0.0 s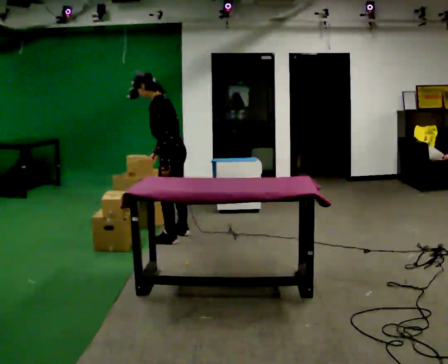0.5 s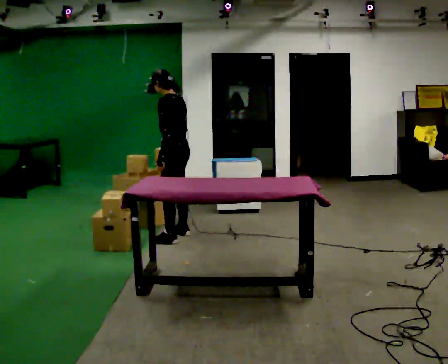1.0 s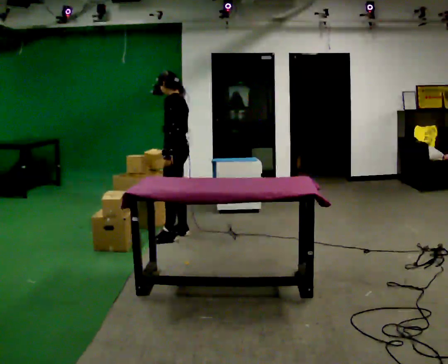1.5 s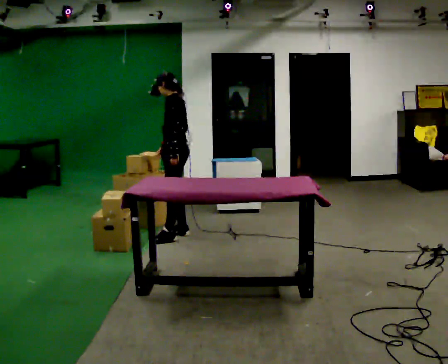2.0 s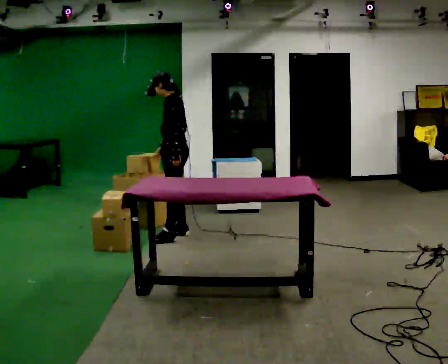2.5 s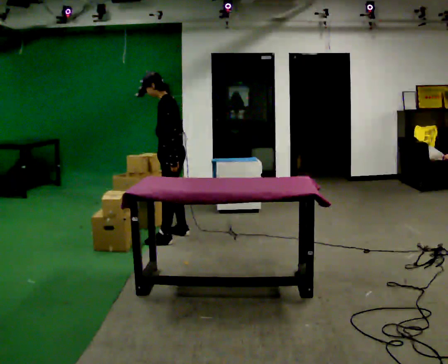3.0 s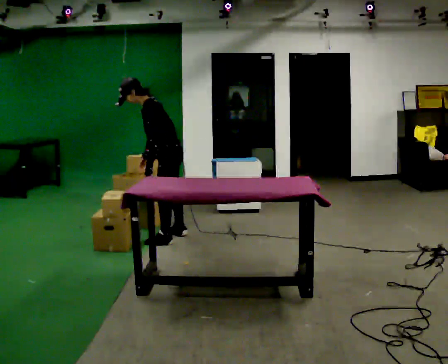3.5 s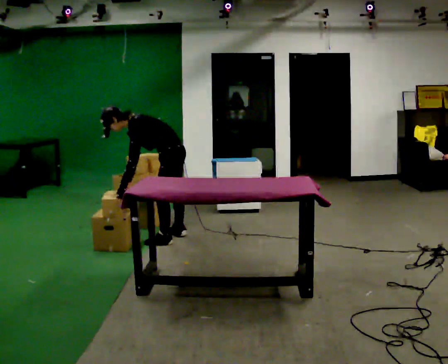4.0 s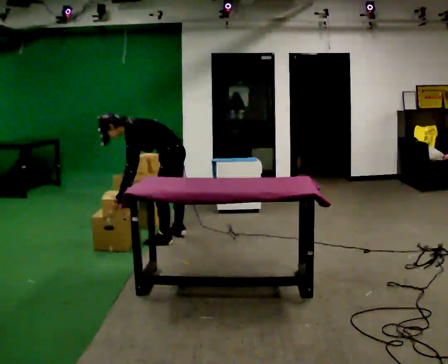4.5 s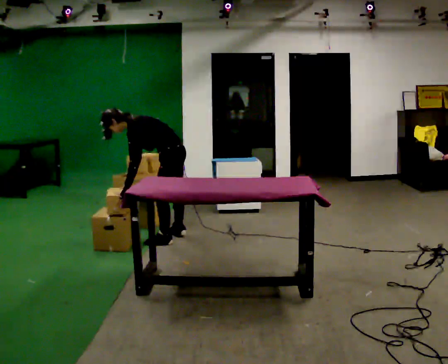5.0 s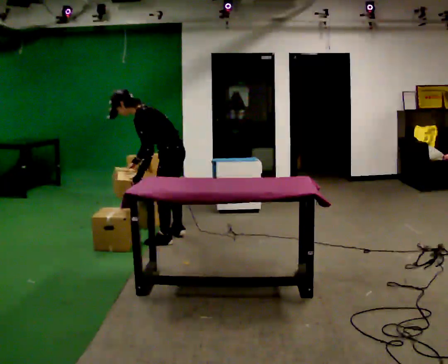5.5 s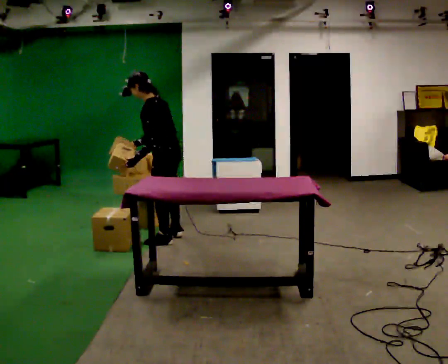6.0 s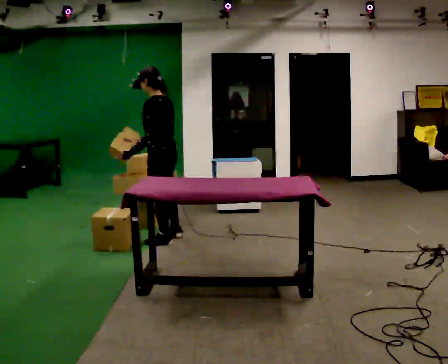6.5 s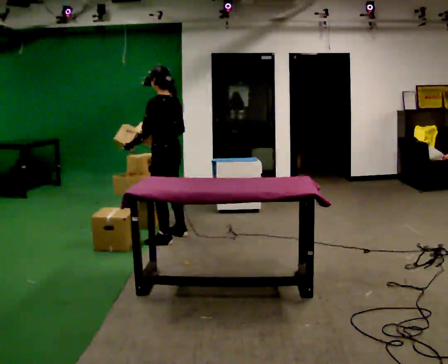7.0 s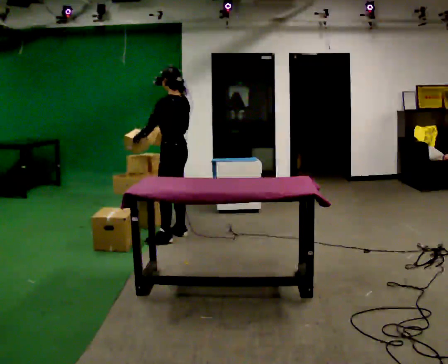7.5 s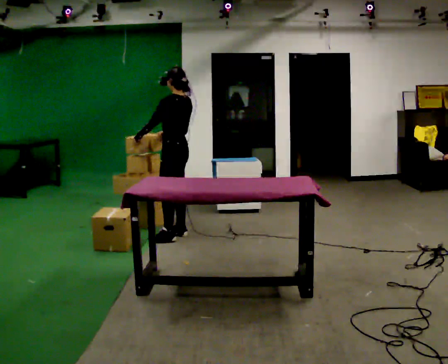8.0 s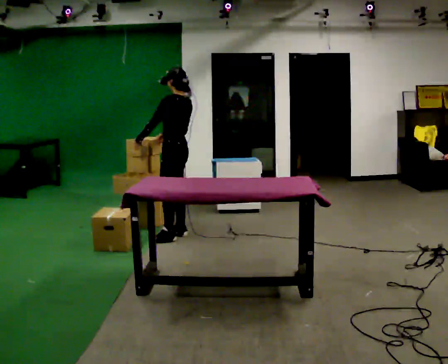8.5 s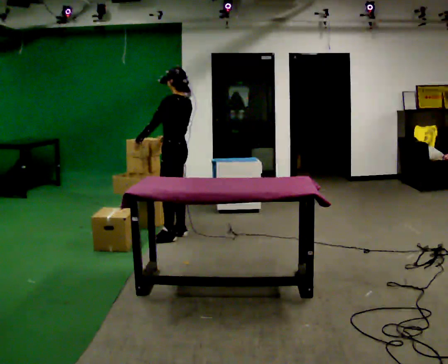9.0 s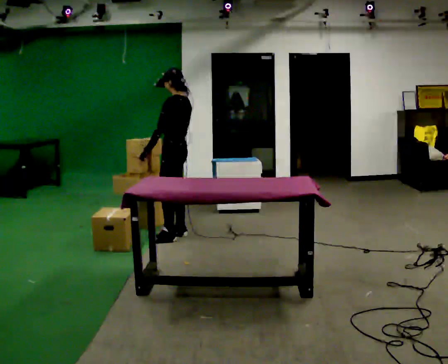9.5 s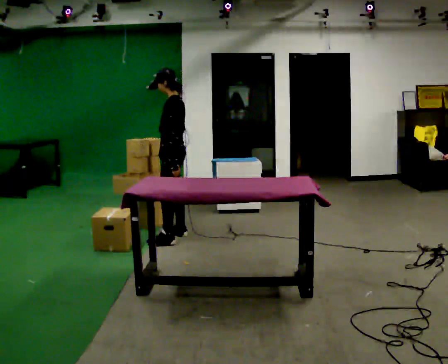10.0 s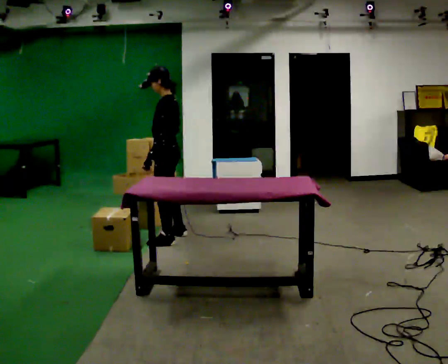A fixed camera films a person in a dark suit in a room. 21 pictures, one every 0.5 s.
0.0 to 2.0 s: In the picture they go away from the camera, about 0.25 m, which for them is to their right.
2.0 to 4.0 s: In the picture they go toward the camera, about 0.25 m, which for them is to their left. The upper body goes downward. In the picture the upper body tilts counterclockwise, shoulders to the left, as they bend forward.
4.0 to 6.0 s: The person turns about 30 degrees to their right, clockwise seen from above, so the part of the body nearest the lens slides to the left. The upper body goes upward. In the picture the upper body tilts clockwise, shoulders to the right, as they lean back or straighten. In the picture their right hand goes upward.
6.0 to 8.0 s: In the picture they go away from the camera, about 0.25 m in 1 step, which for them is to their right.
8.0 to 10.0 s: In the picture they go toward the camera, about 0.25 m, which for them is to their left.
The film runs forward here.
